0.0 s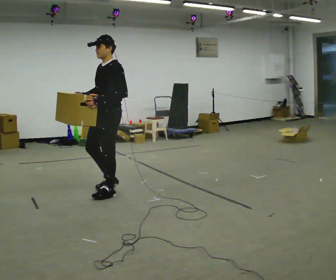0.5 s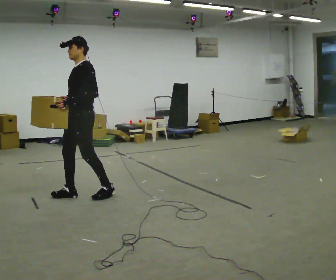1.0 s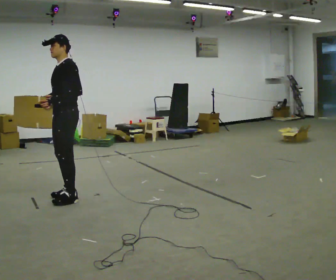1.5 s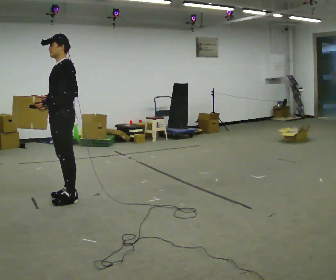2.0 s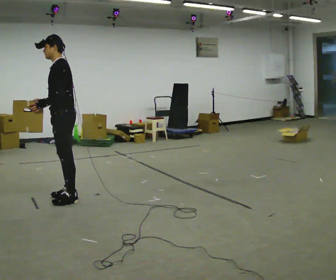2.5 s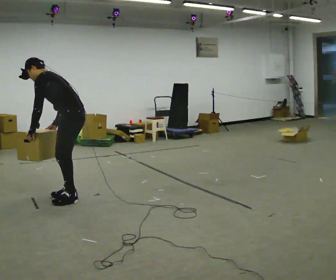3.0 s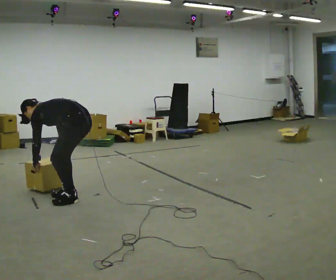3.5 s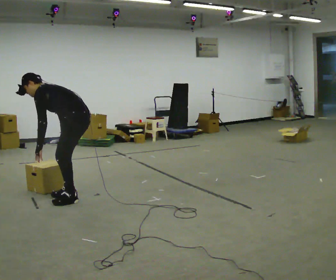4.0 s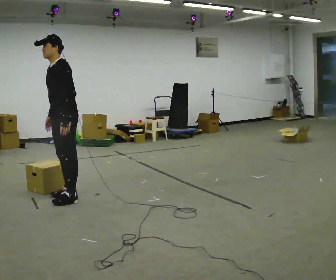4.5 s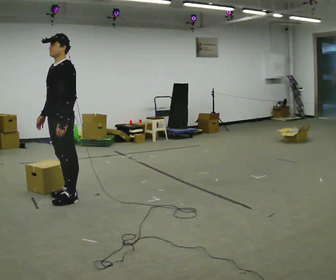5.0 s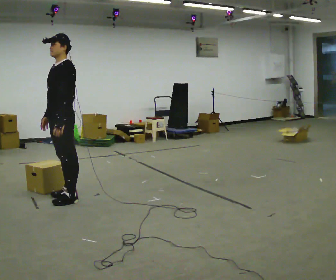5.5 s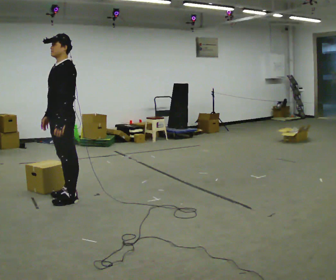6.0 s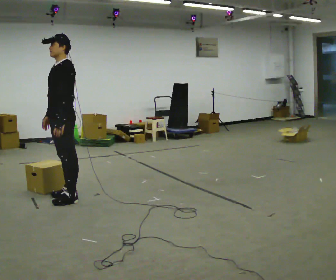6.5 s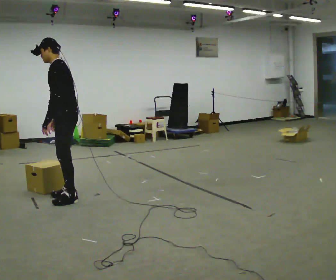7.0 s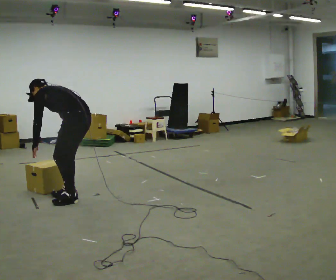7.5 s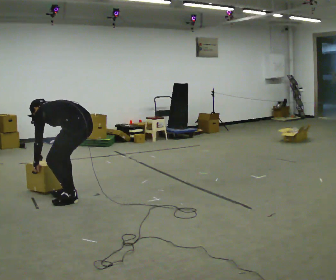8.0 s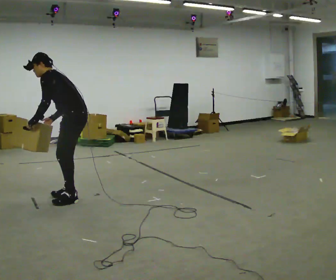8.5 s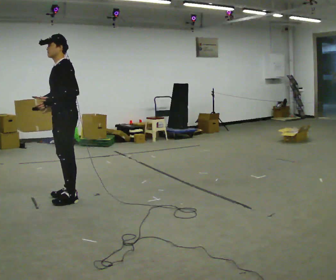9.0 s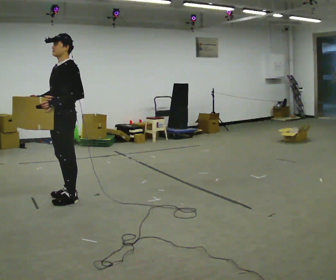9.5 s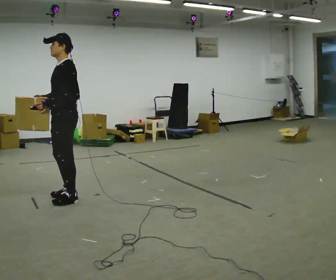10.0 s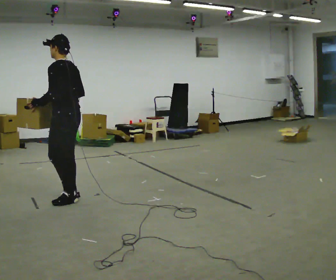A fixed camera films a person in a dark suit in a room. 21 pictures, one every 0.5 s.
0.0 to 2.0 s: In the picture they go to the left, about 0.5 m in 2 steps, which for them is forward.
2.0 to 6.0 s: The person moves a little, or ends about where they began.
6.0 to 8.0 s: Seen from above the body turns clockwise, about 30 degrees: to their right, with its near side sliding to the left.
8.0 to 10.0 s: The person moves a little, or ends about where they began.
The film runs forward here.
